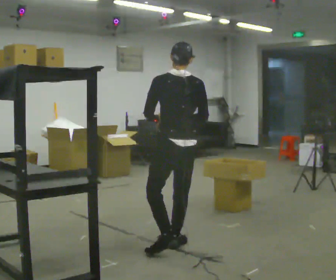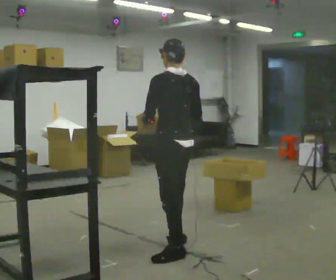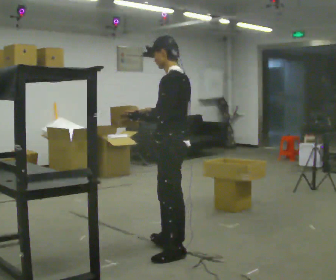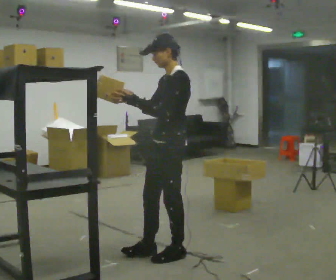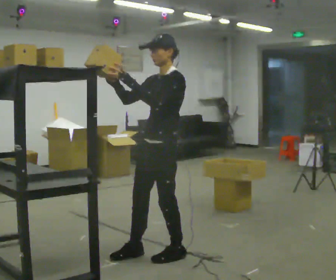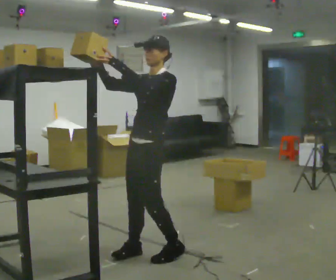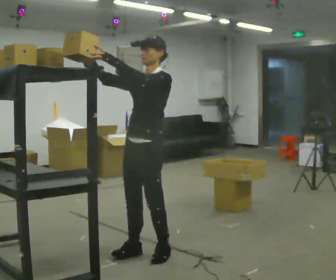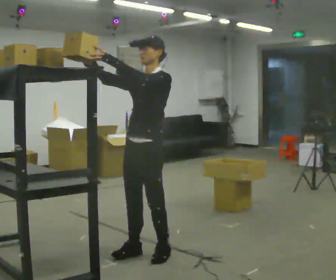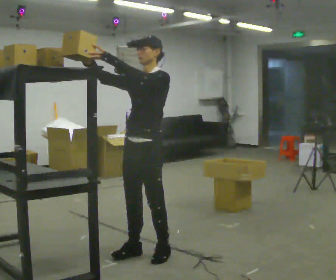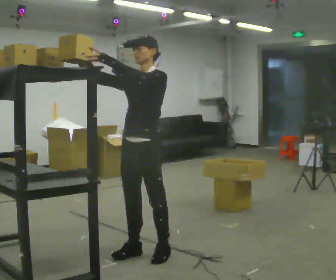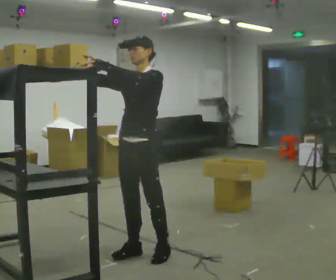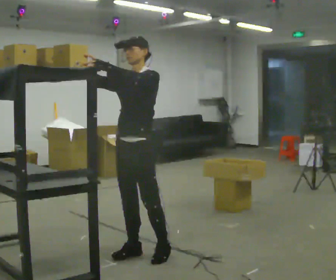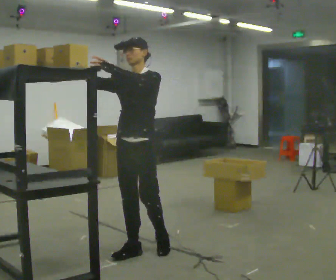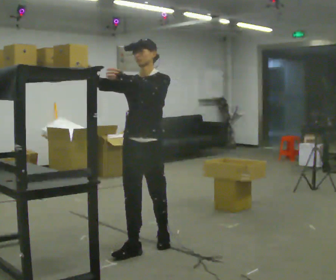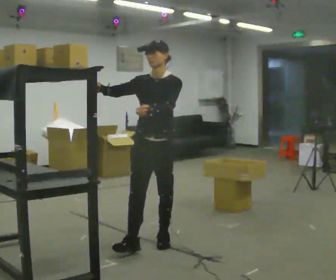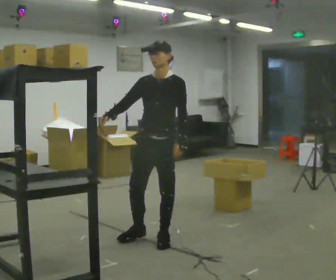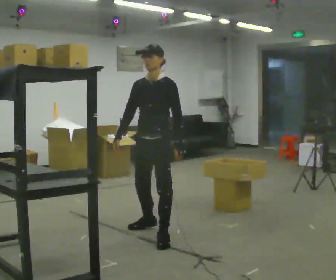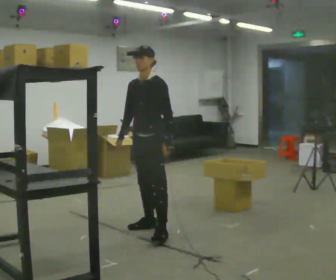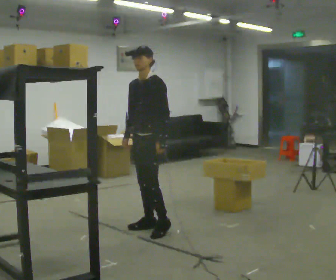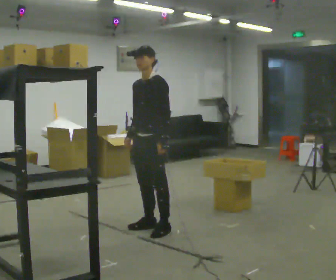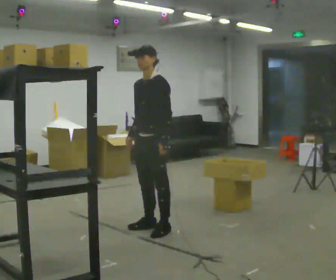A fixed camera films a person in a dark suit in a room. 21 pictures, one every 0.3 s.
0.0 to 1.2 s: The part of the body nearest the lens slides to the right as the person turns to their left by about 105 degrees. In the picture they go toward the camera, about 0.25 m in 1 step.
1.2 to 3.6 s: The person turns about 30 degrees to their left, counterclockwise seen from above, so the part of the body nearest the lens slides to the right. In the picture they go to the left, about 0.25 m in 1 step, which for them is to their right.
3.6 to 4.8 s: In the picture they go away from the camera, about 0.5 m in 1 step, which for them is backward. In the picture their left hand goes downward.
4.8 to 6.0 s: In the picture they go away from the camera, about 0.25 m in 1 step, which for them is to their right.
The film runs backward here.
